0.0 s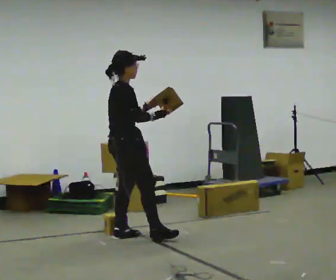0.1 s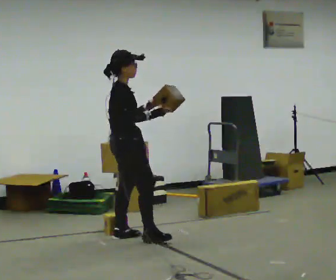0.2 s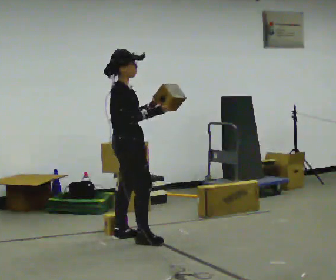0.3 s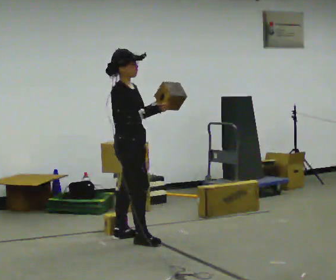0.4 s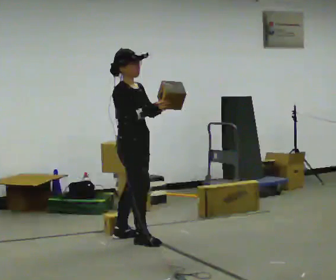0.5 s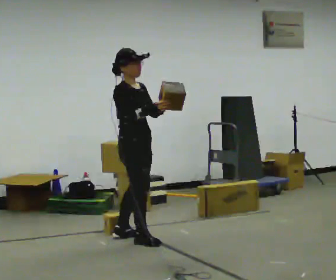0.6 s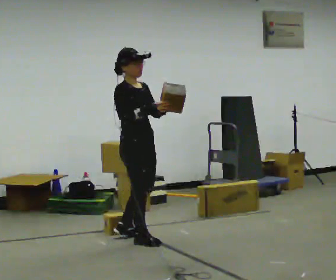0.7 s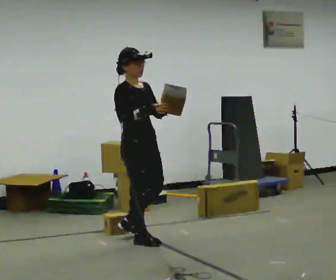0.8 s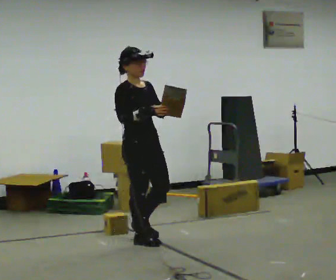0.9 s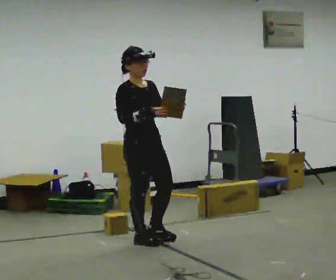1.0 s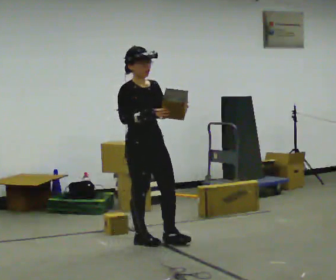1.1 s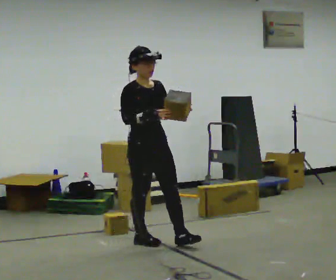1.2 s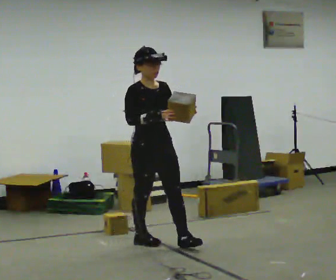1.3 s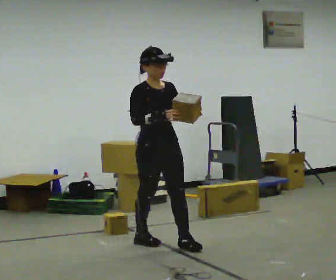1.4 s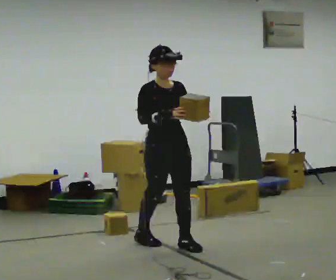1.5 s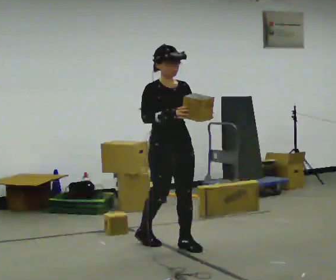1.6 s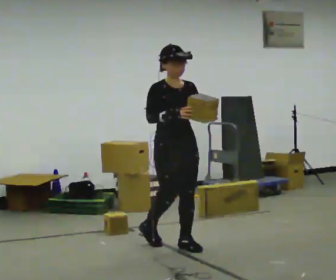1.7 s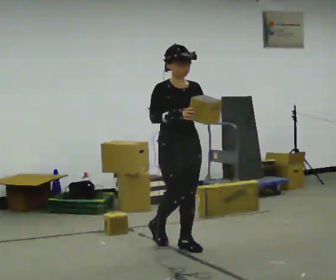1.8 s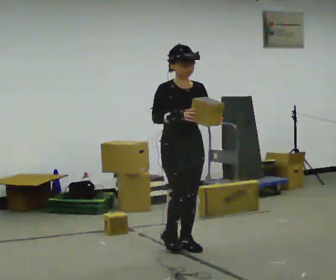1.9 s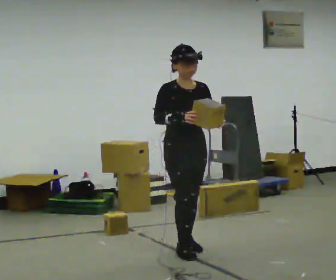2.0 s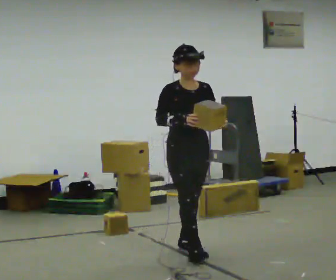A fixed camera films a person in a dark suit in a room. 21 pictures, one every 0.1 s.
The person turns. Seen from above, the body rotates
clockwise.
The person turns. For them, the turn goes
to their right.
0.0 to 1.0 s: The person turns about 60 degrees to their right, clockwise seen from above, so the part of the body nearest the lens slides to the left. In the picture they go toward the camera and to the right, about 0.25 m in 1 step, which for them is forward.
1.0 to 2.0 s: In the picture they go to the right and toward the camera, about 0.5 m in 1 step, which for them is forward and to their left.
The film runs forward here.
